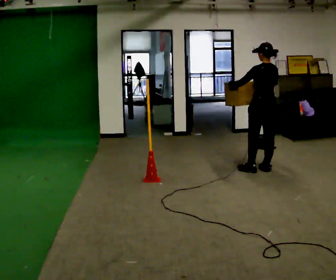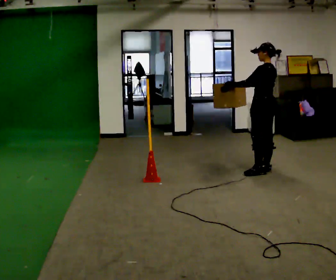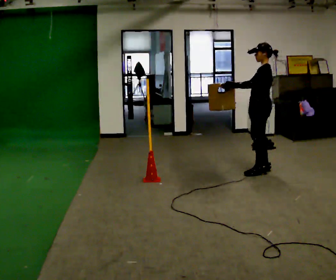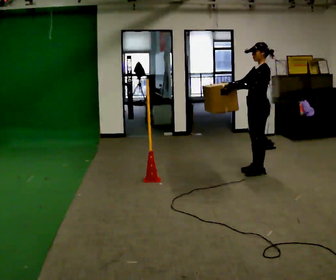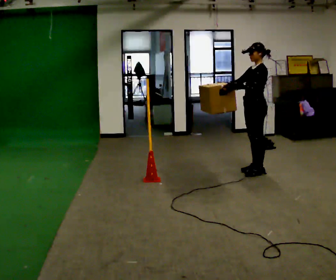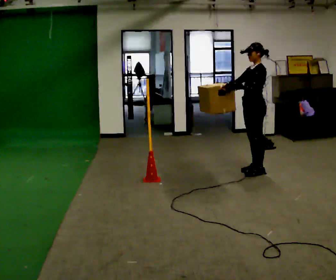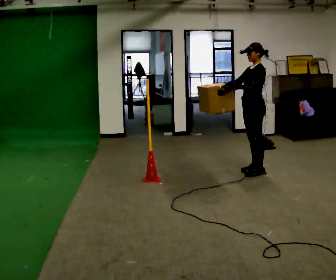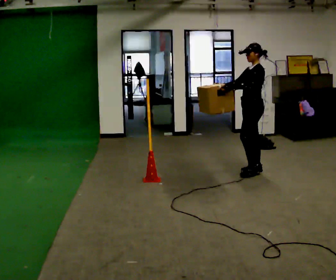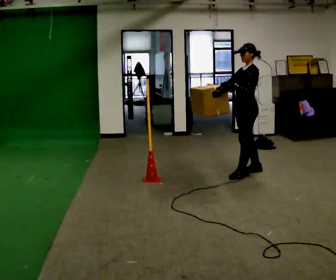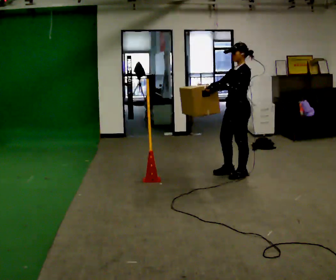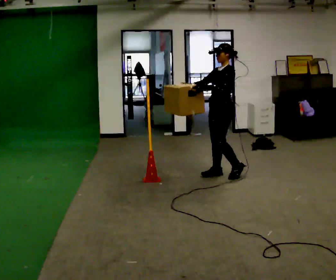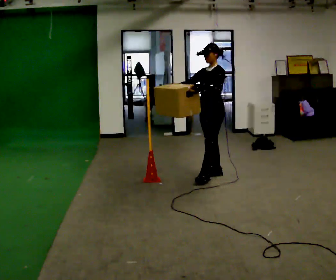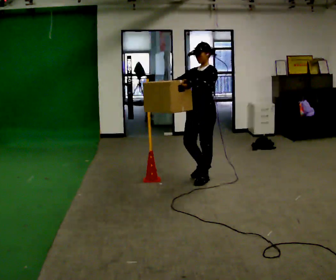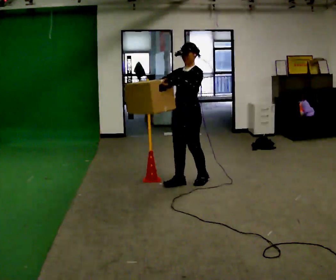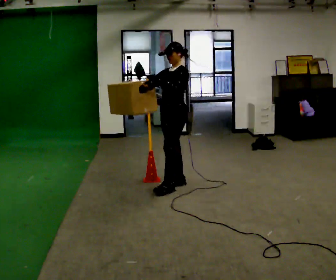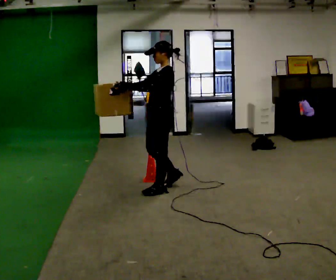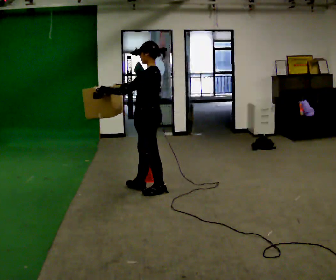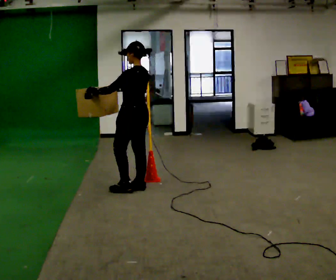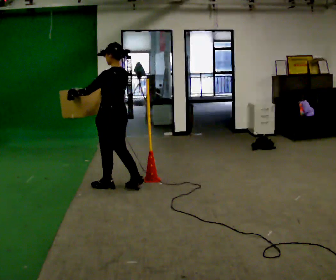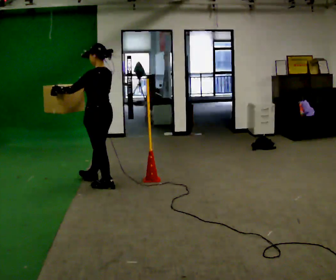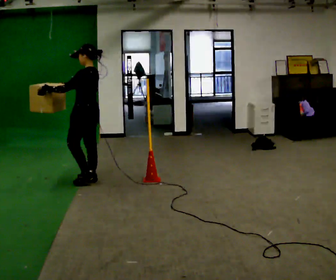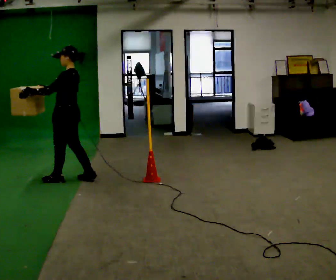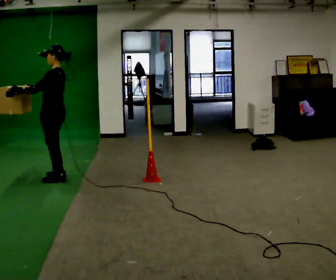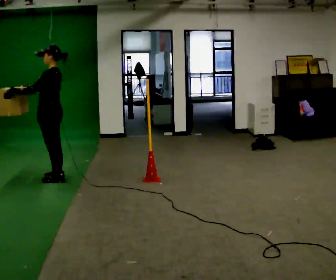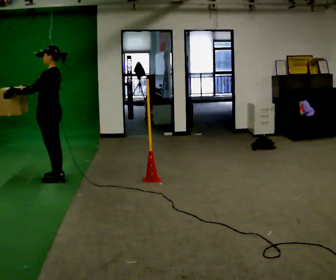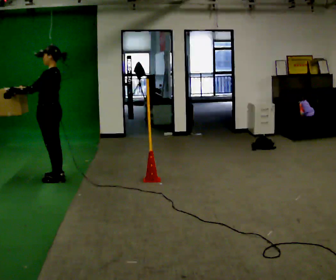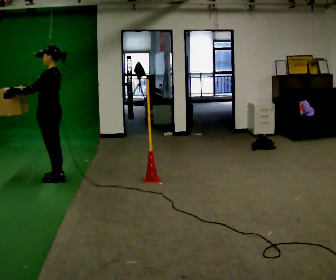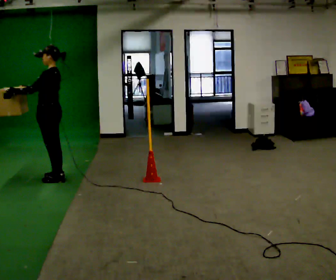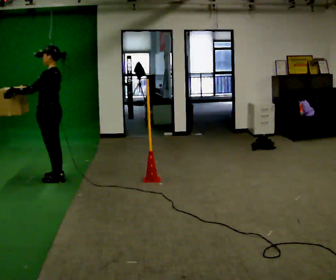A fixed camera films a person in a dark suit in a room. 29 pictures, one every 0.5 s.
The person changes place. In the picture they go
to the left.
0.0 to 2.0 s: The person turns about 75 degrees to their left, counterclockwise seen from above, so the part of the body nearest the lens slides to the right. In the picture their right hand goes to the left.
2.0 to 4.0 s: The person moves a little, or ends about where they began.
4.0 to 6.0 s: The part of the body nearest the lens slides to the right as the person turns to their left by about 30 degrees. In the picture they go to the left, about 0.5 m in 2 steps, which for them is forward.
6.0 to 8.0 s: The person turns about 60 degrees to their right, clockwise seen from above, so the part of the body nearest the lens slides to the left. In the picture they go to the left and toward the camera, about 0.75 m in 3 steps, which for them is forward.
8.0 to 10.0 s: In the picture they go to the left and away from the camera, about 1 m in 2 steps, which for them is forward.
10.0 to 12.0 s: In the picture they go to the left, about 0.5 m in 2 steps, which for them is forward.
12.0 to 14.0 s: The person moves a little, or ends about where they began.
The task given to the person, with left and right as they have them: Carry the box across the room. The operator will step into your path partway across, so go around them and carry on. Keep going until the operator says stop; one object at a time, and do not rush between trips.
The film runs forward here.
